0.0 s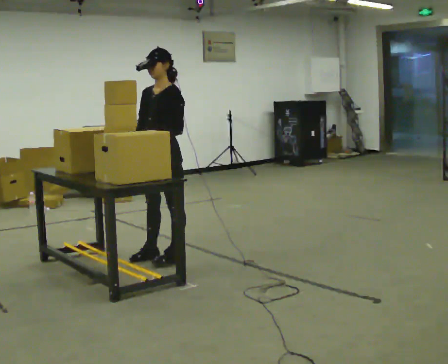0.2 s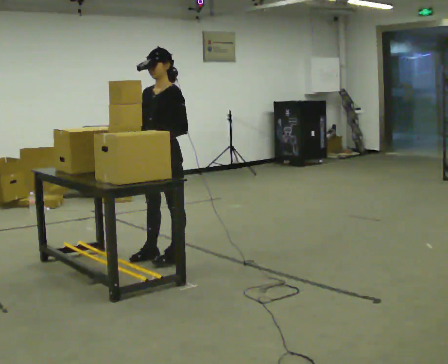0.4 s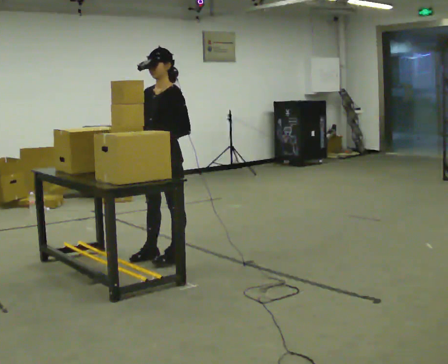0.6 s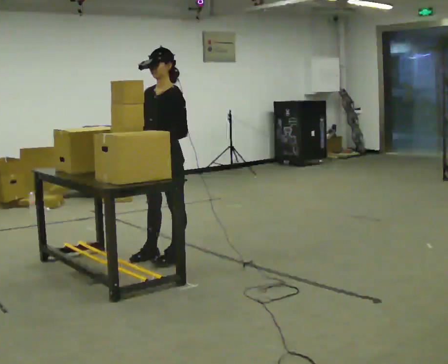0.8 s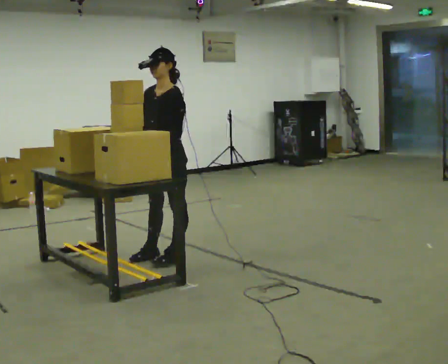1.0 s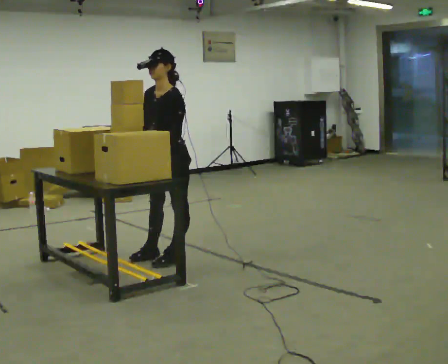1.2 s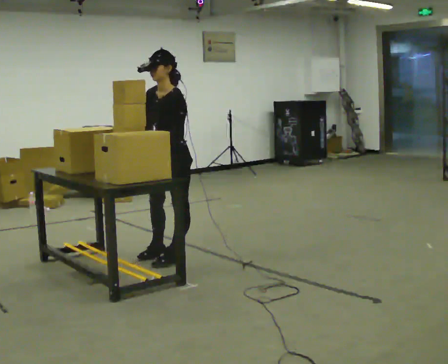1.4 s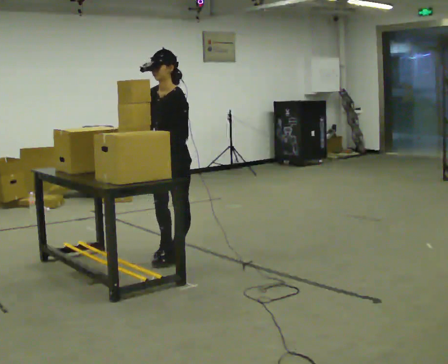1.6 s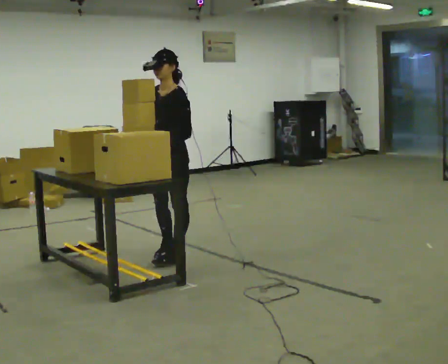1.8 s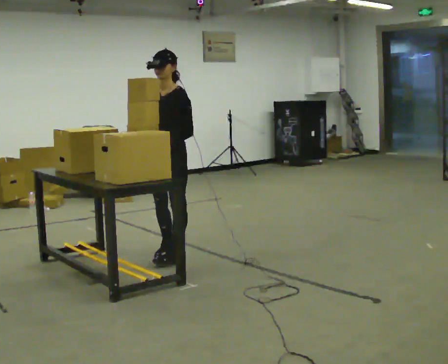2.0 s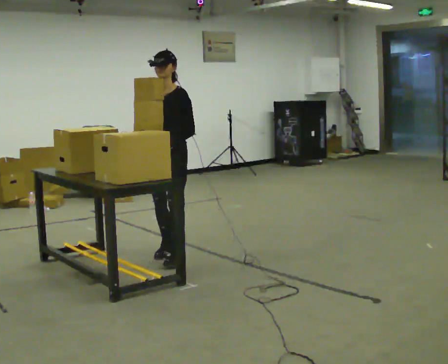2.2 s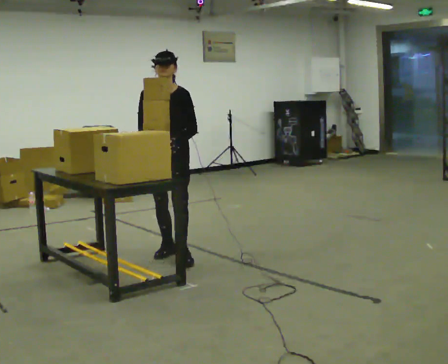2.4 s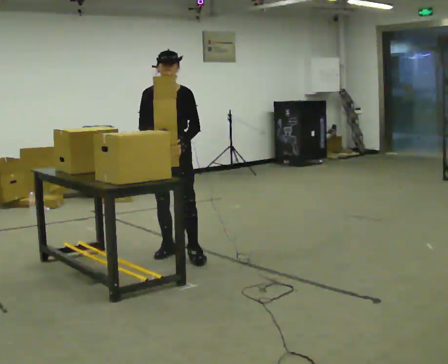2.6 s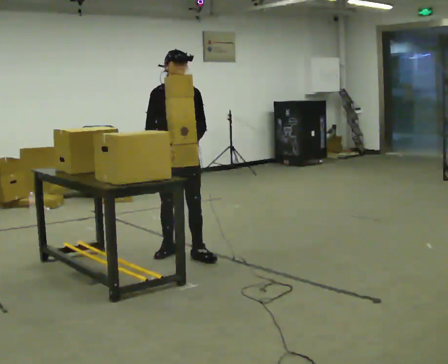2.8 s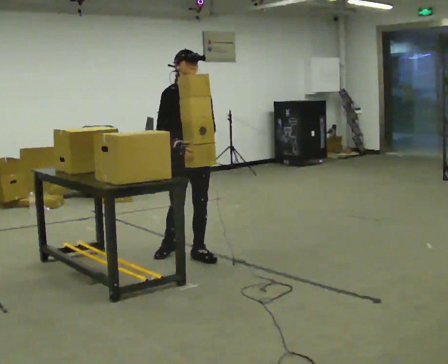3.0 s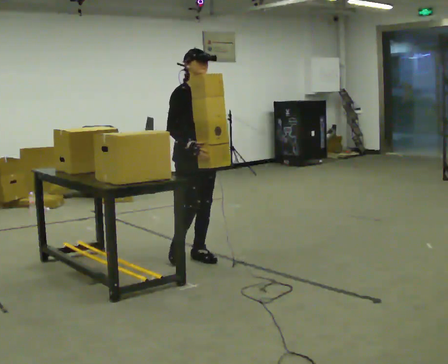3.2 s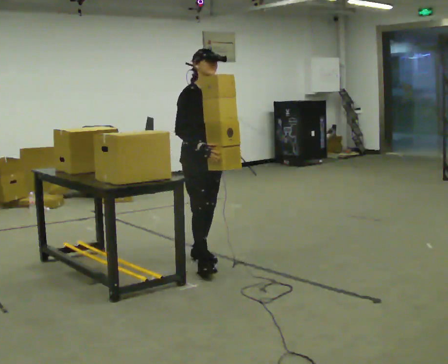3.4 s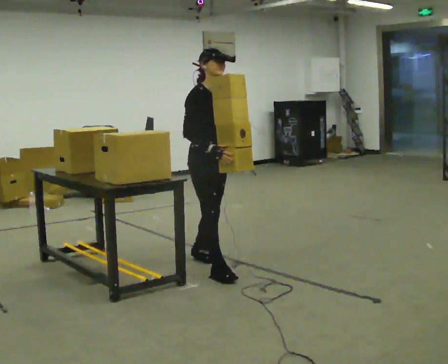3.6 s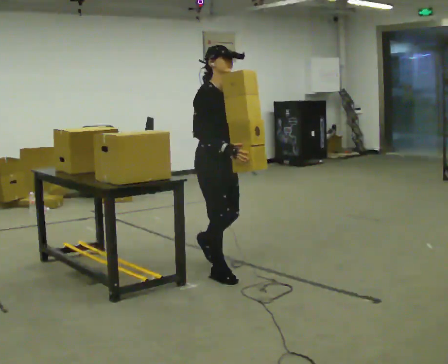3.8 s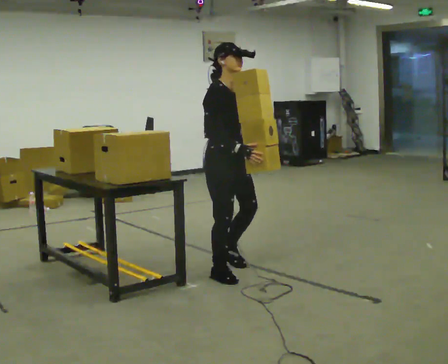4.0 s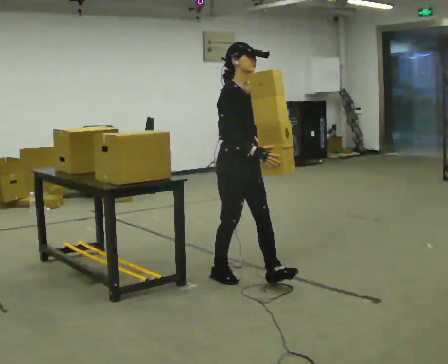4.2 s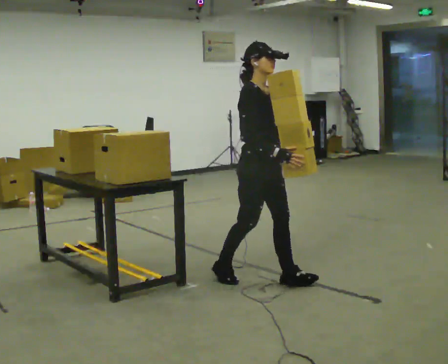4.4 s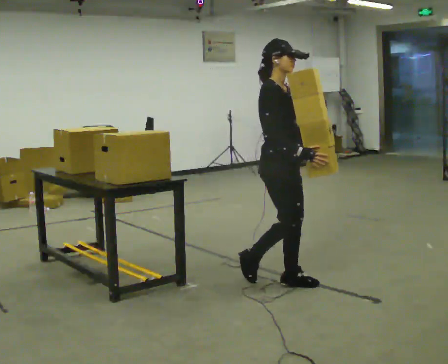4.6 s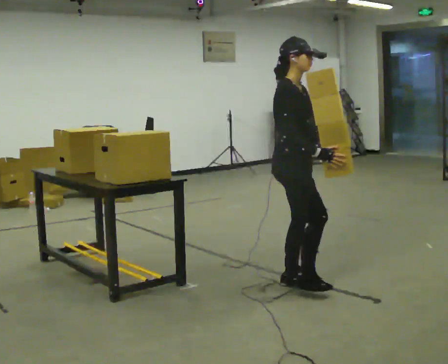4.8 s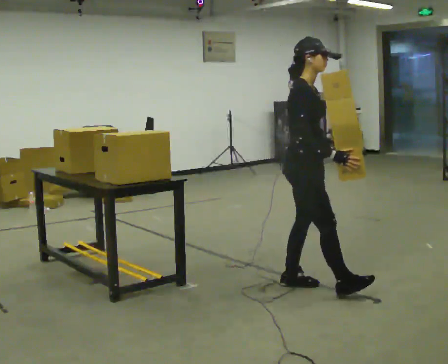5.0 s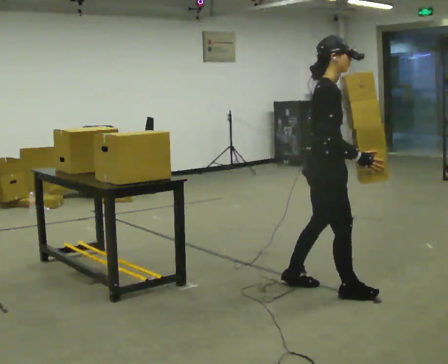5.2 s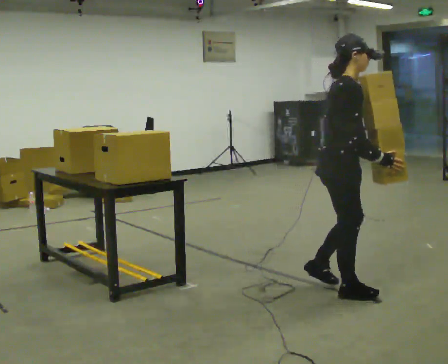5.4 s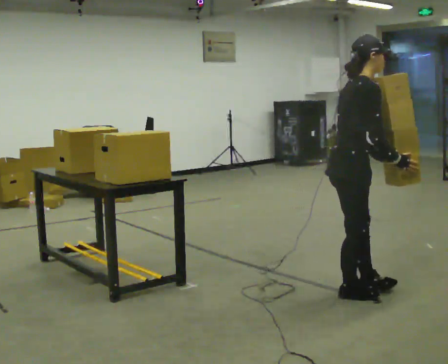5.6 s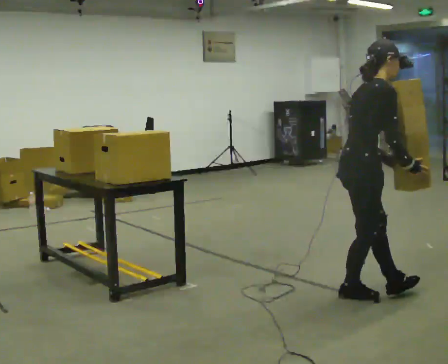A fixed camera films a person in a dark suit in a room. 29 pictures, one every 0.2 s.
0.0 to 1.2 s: The person moves a little, or ends about where they began.
1.2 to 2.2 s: The person turns about 45 degrees to their left, counterclockwise seen from above, so the part of the body nearest the lens slides to the right. In the picture they go away from the camera, about 0.25 m in 1 step, which for them is to their right and backward.
2.2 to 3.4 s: The part of the body nearest the lens slides to the right as the person turns to their left by about 45 degrees. In the picture they go toward the camera and to the right, about 0.5 m in 1 step, which for them is forward.
3.4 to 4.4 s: In the picture they go toward the camera and to the right, about 0.5 m in 1 step, which for them is forward.
4.4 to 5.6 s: In the picture they go toward the camera and to the right, about 0.5 m in 1 step, which for them is forward and to their right. In the picture the upper body tilts clockwise, shoulders to the right, as they bend forward.
The film runs forward here.
